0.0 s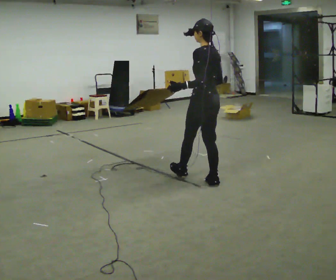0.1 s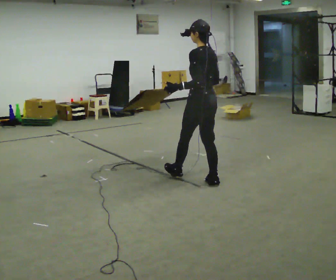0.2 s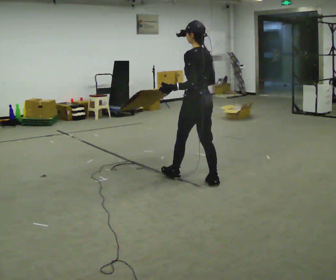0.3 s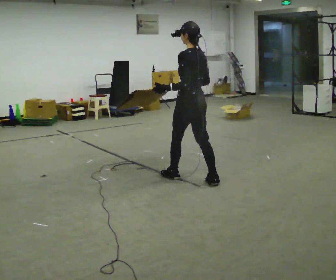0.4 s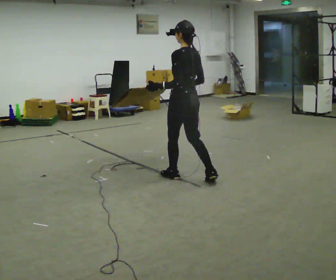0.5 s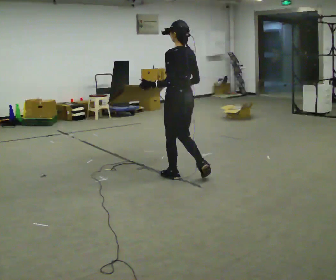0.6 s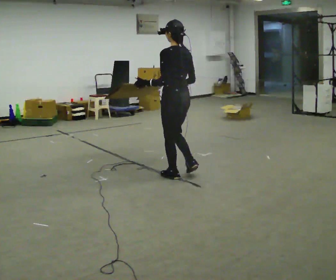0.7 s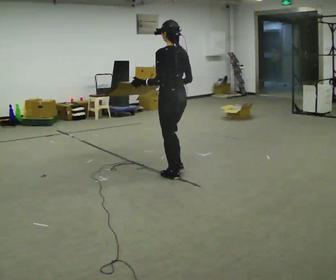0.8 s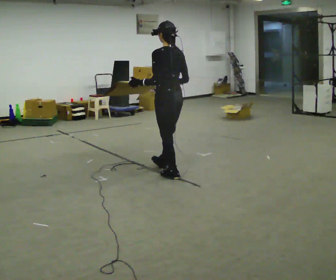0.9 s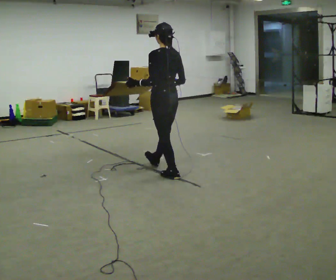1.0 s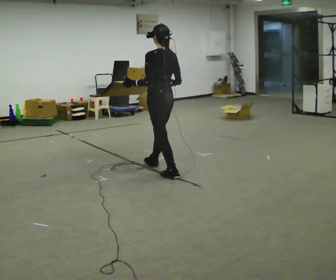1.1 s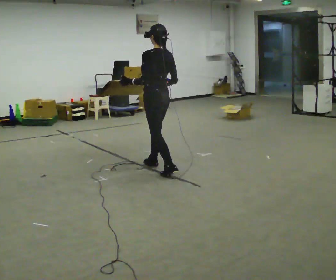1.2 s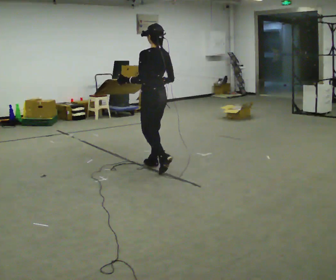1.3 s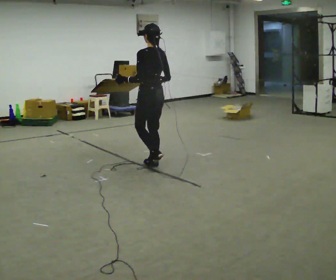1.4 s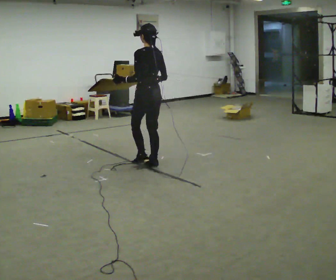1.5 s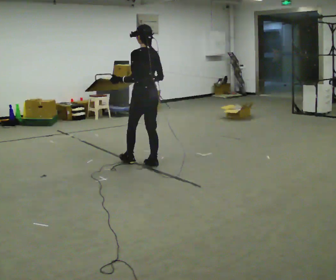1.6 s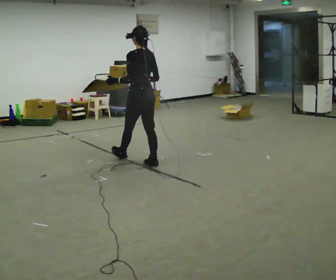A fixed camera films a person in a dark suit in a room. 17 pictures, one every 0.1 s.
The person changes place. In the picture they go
to the left.
0.0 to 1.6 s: In the picture they go to the left and away from the camera, about 1 m in 2 steps, which for them is forward.
The film runs forward here.
